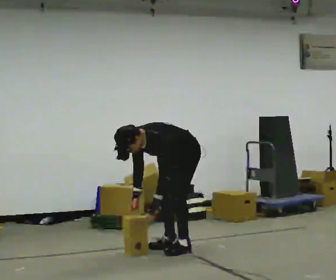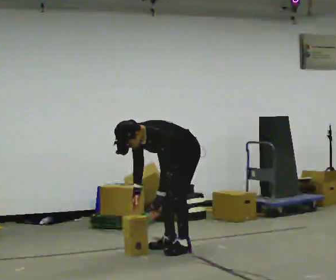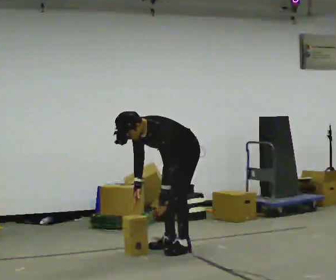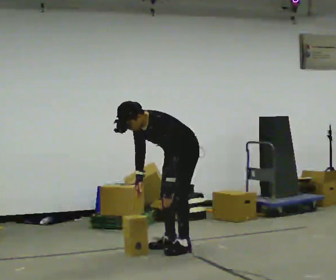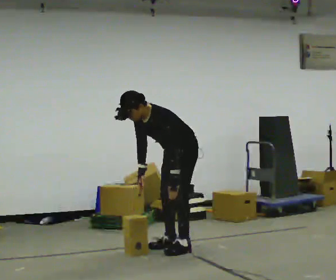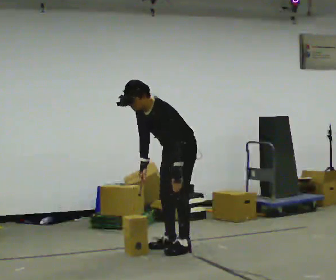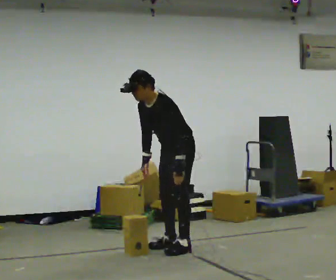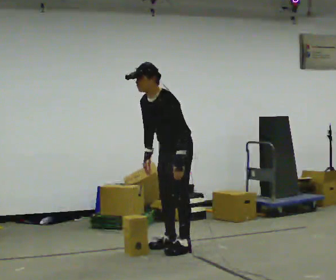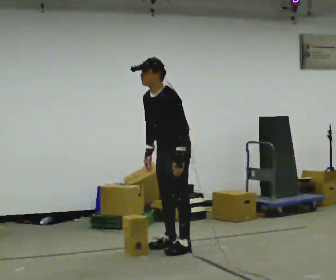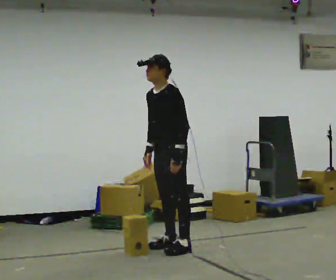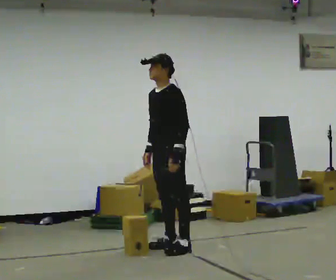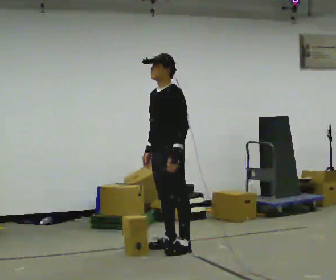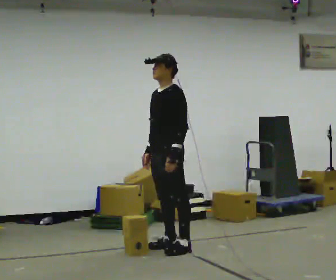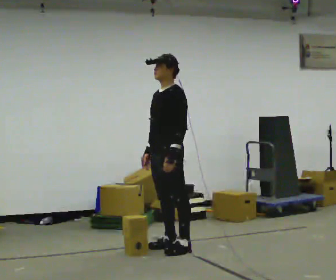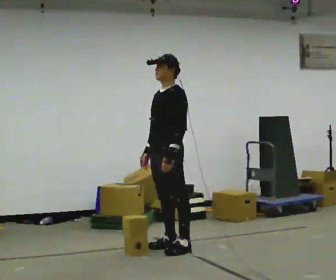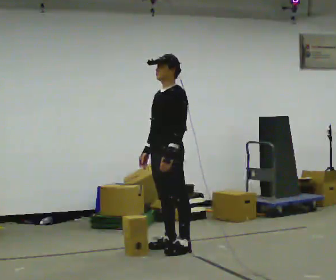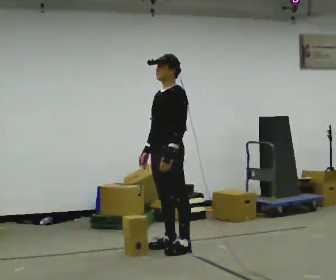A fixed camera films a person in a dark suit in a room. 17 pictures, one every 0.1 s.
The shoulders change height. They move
upward.
Their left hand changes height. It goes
upward.
0.0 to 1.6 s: The shoulders move upward. In the picture the upper body tilts clockwise, shoulders to the right, as they lean back or straighten. In the picture their left hand goes upward.
The film runs forward here.
